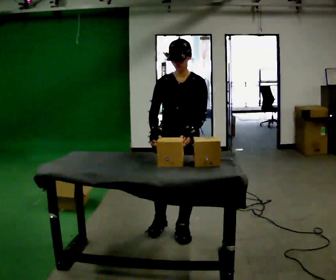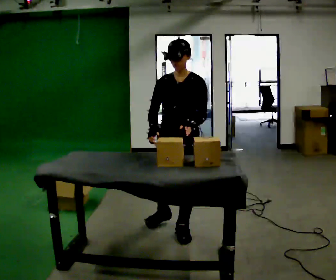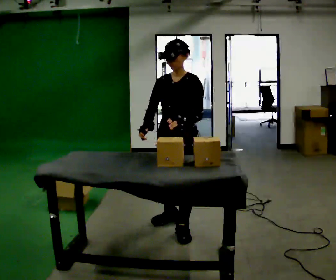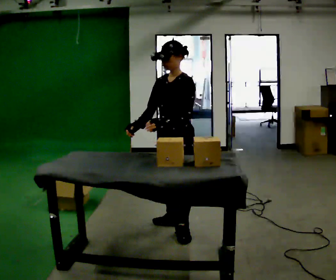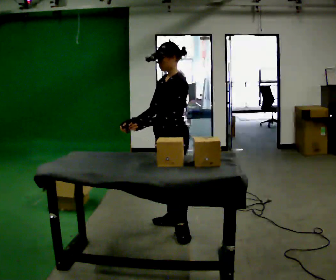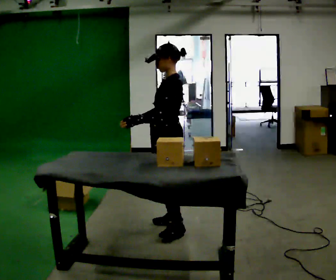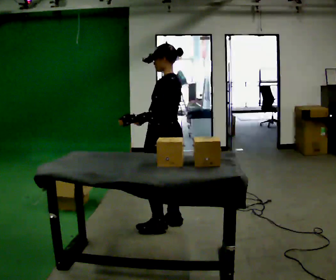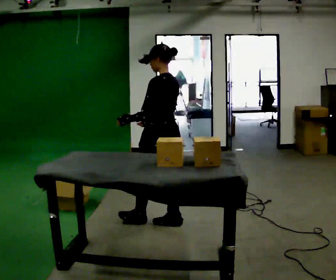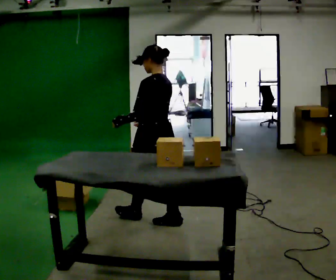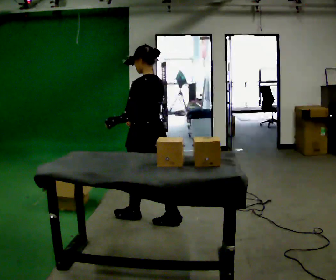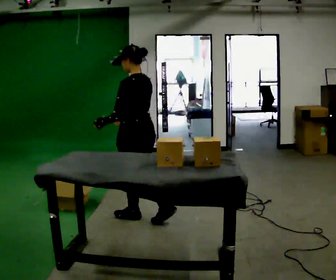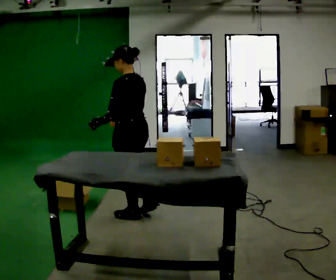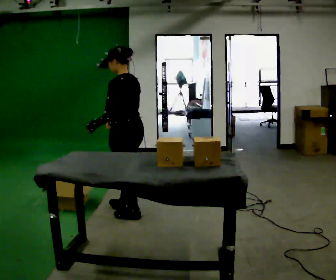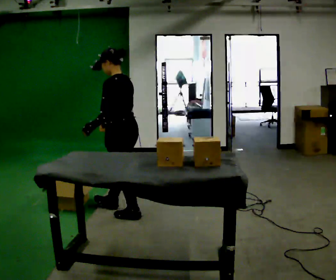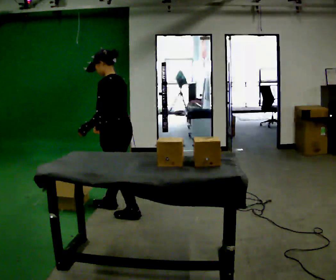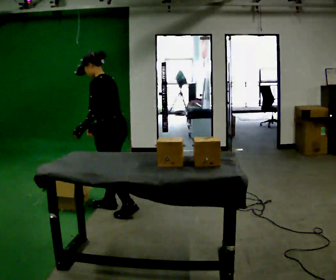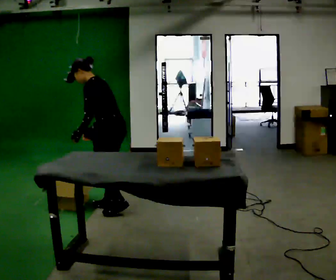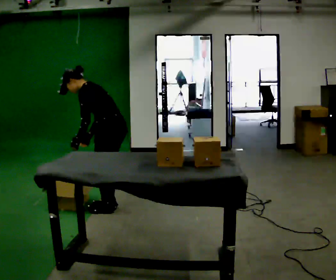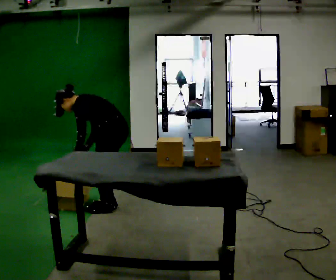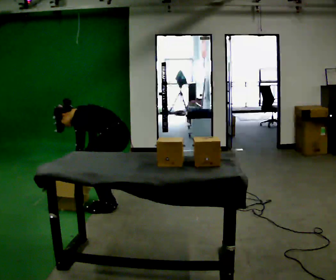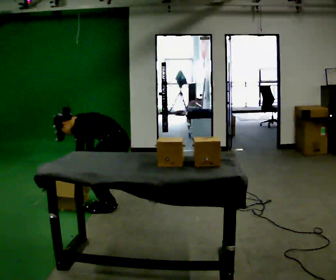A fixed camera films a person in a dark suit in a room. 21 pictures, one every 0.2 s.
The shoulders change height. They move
downward.
Their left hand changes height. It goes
downward.
0.0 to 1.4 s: The part of the body nearest the lens slides to the left as the person turns to their right by about 105 degrees. In the picture they go away from the camera, about 0.25 m in 1 step.
1.4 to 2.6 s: In the picture they go to the left and away from the camera, about 0.5 m in 2 steps, which for them is forward.
2.6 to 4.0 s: In the picture they go away from the camera, about 0.25 m in 1 step, which for them is to their right. The upper body goes downward. In the picture the upper body tilts counterclockwise, shoulders to the left, as they bend forward. In the picture their left hand goes downward.
The film runs forward here.
